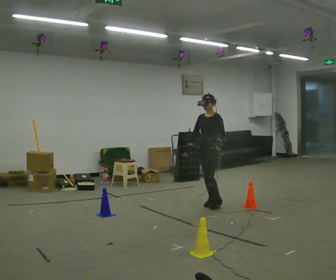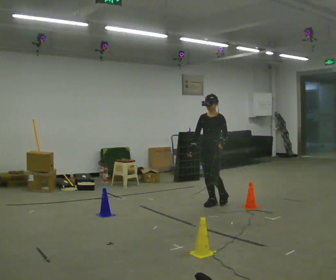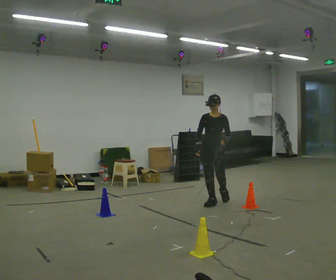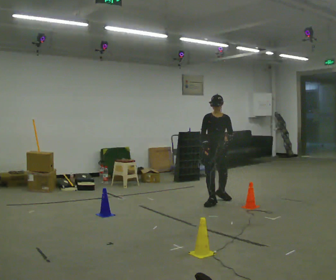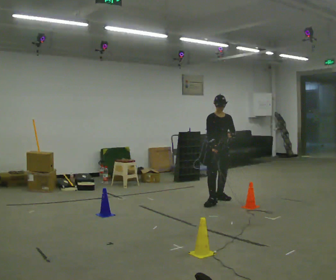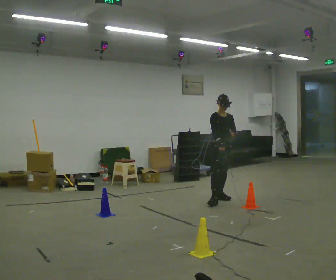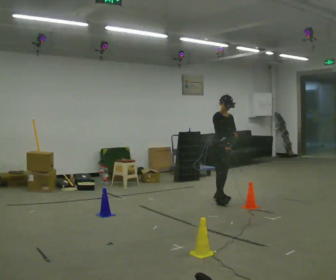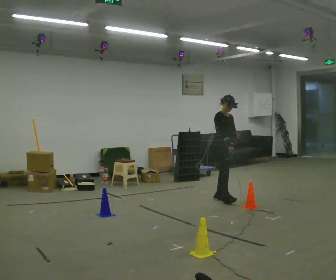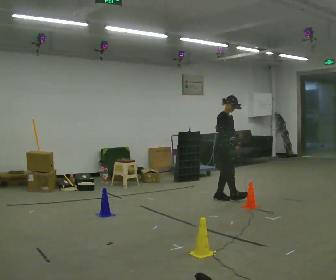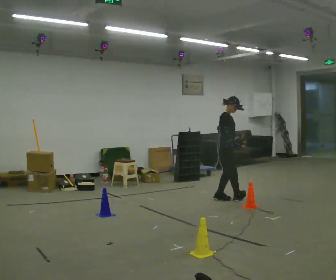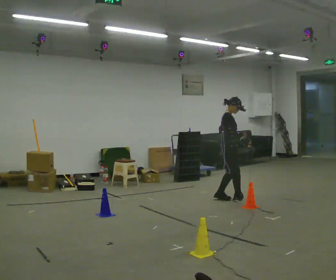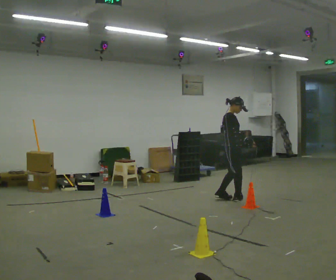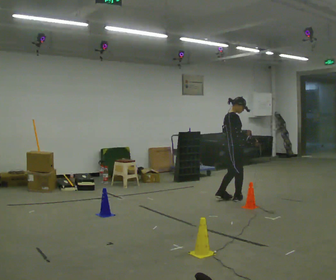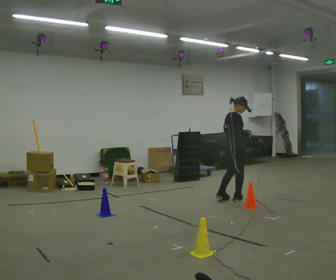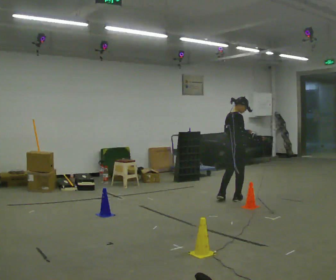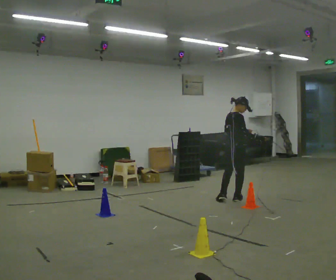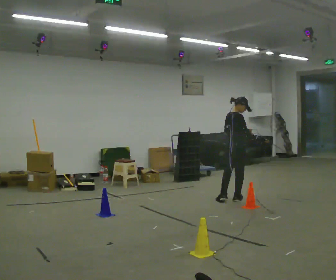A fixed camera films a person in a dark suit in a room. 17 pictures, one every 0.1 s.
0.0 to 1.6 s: The part of the body nearest the lens slides to the right as the person turns to their left by about 180 degrees. In the picture they go to the right and away from the camera, about 0.5 m in 2 steps.
The film runs backward here.
